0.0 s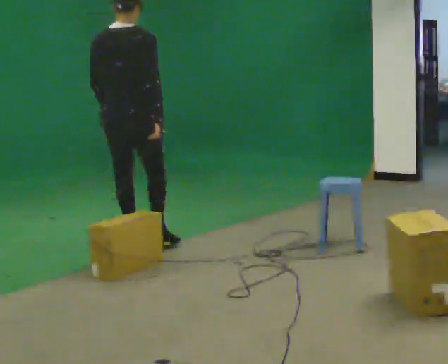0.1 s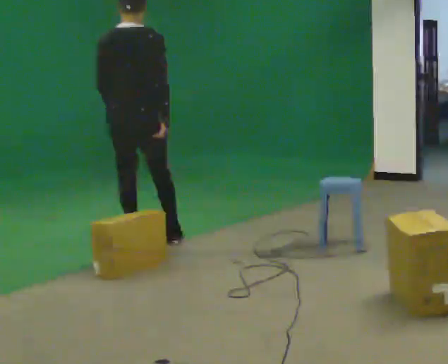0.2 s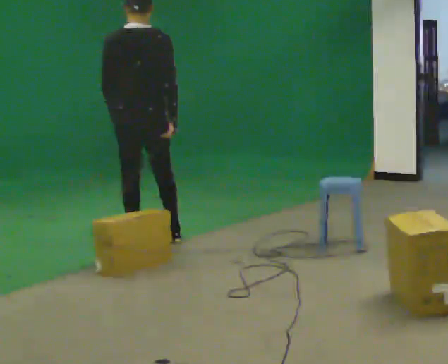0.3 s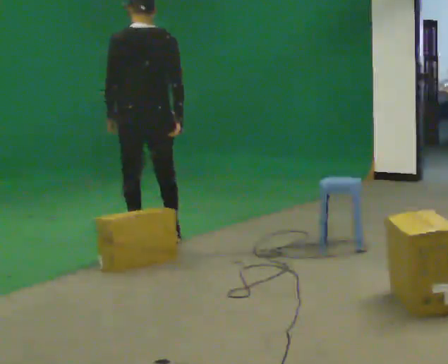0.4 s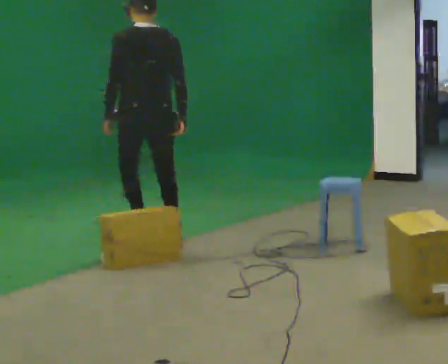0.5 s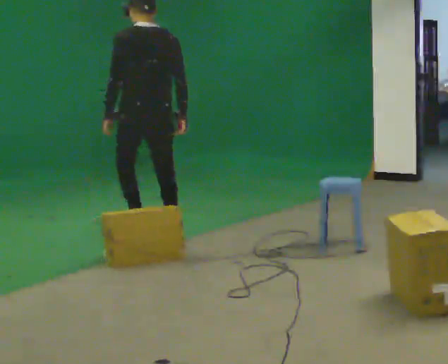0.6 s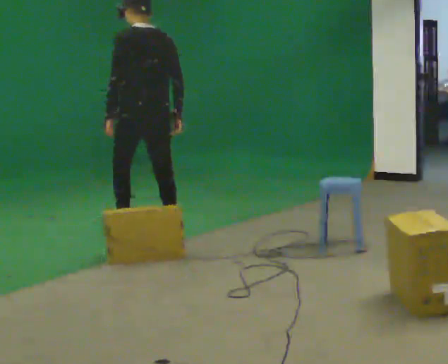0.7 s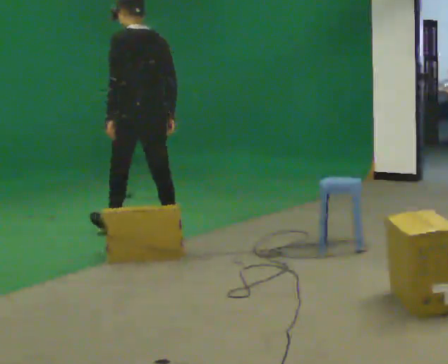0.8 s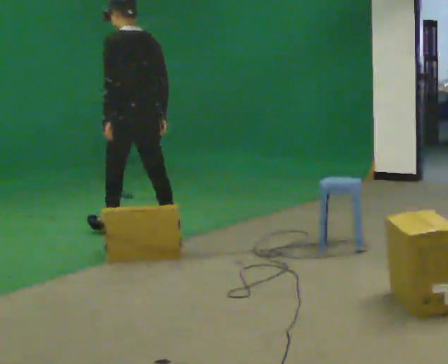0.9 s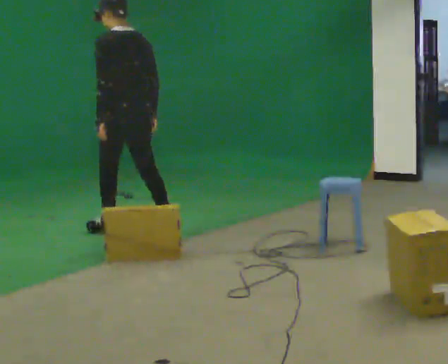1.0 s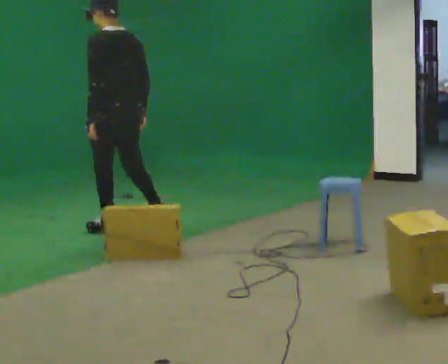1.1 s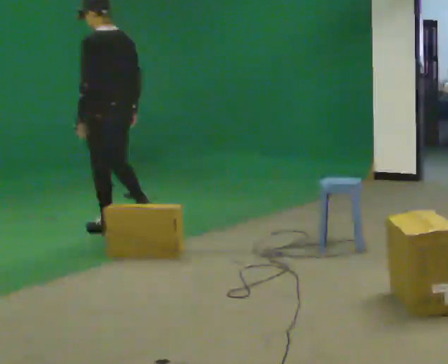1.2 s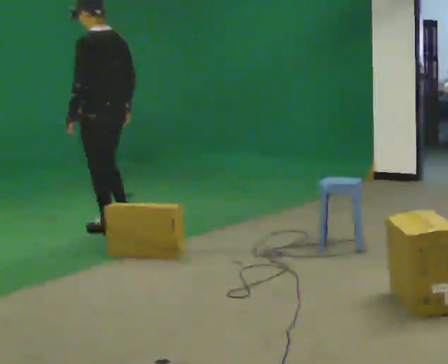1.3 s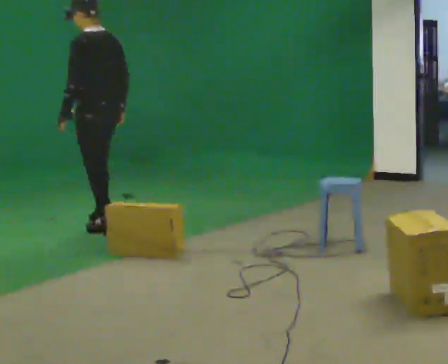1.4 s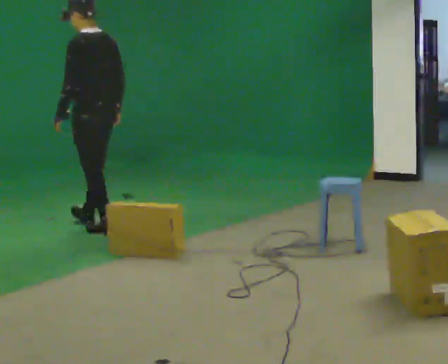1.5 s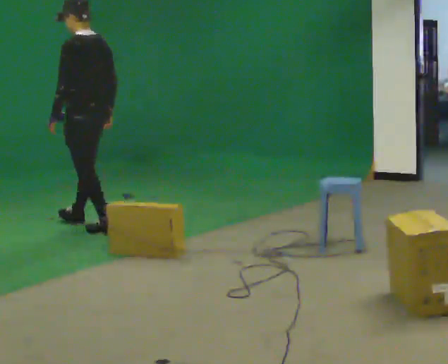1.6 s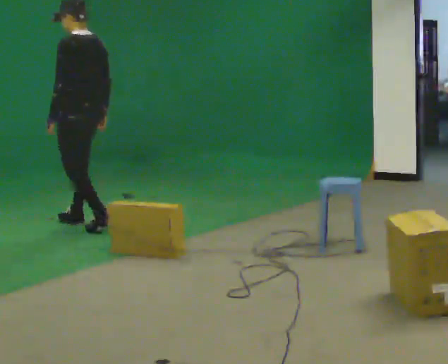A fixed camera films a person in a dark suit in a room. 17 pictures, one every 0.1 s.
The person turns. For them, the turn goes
to their left.
The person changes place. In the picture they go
away from the camera.
0.0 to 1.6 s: The part of the body nearest the lens slides to the right as the person turns to their left by about 75 degrees. In the picture they go away from the camera and to the left, about 1 m in 3 steps.
The film runs forward here.
